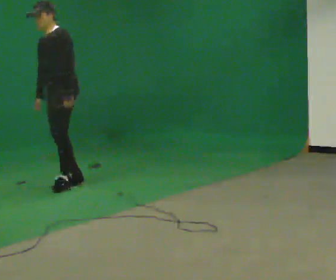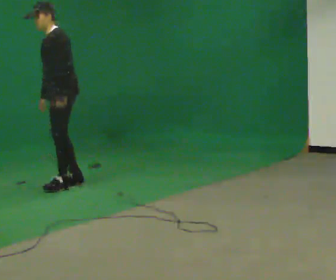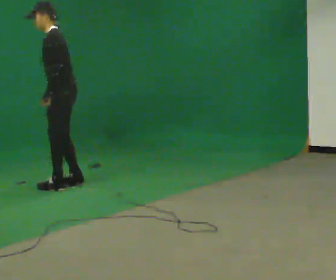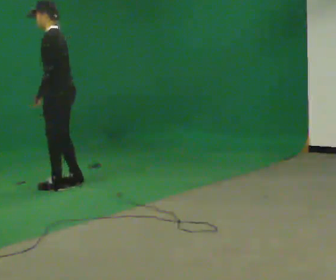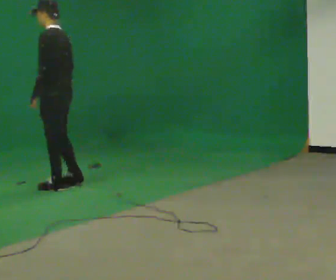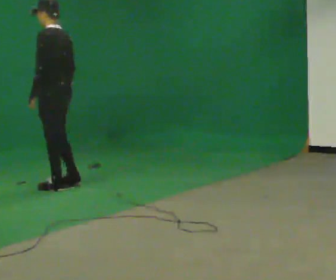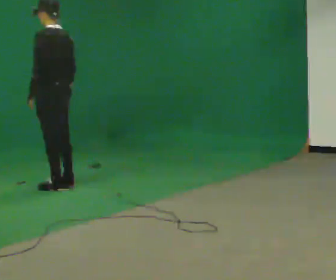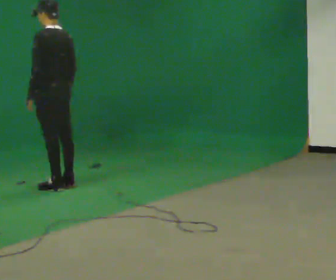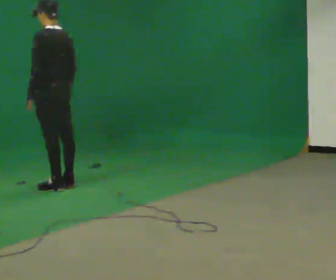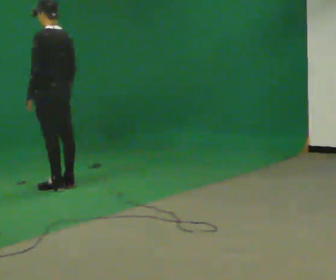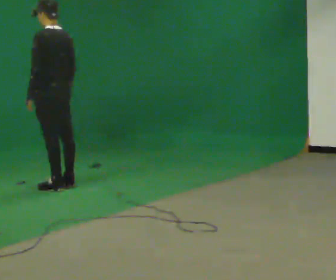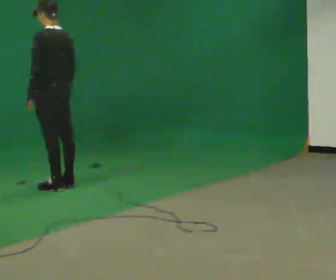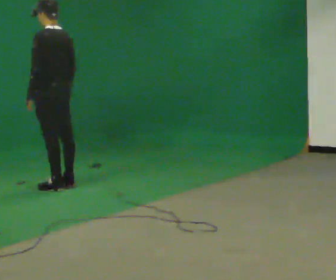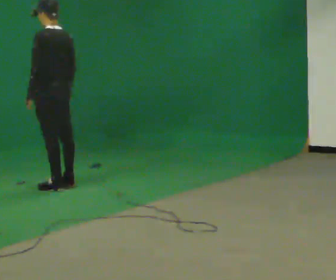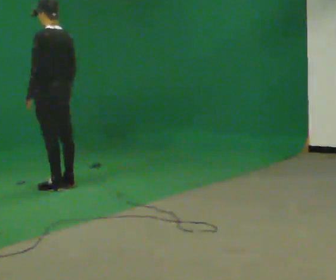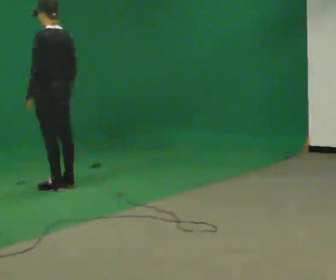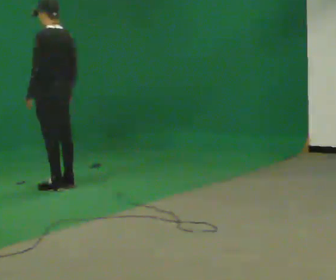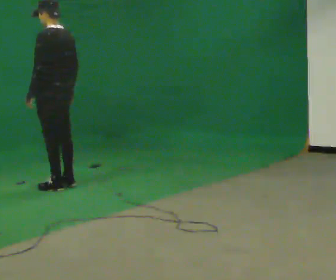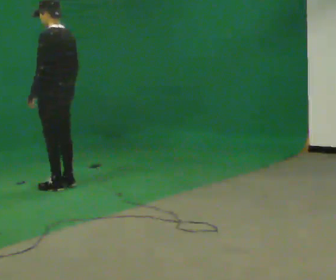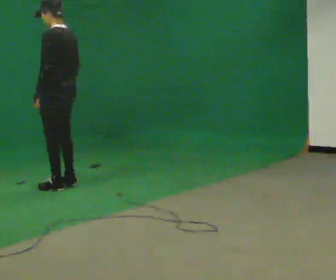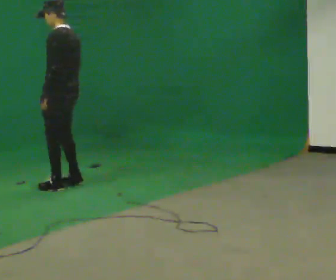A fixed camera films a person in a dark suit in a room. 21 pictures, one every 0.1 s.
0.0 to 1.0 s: The part of the body nearest the lens slides to the left as the person turns to their right by about 90 degrees. In the picture their left hand goes to the left.
1.0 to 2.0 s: The person moves a little, or ends about where they began.
The film runs backward here.
